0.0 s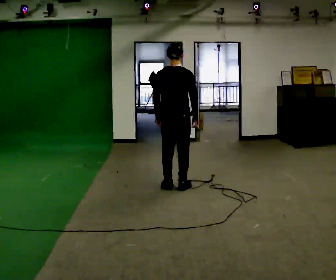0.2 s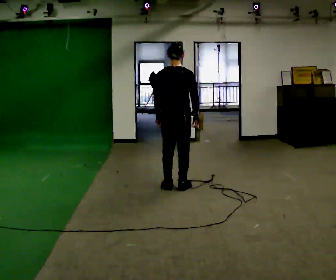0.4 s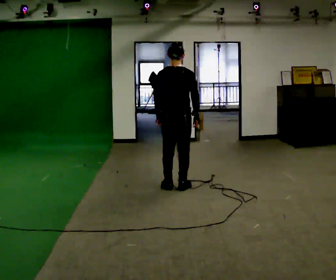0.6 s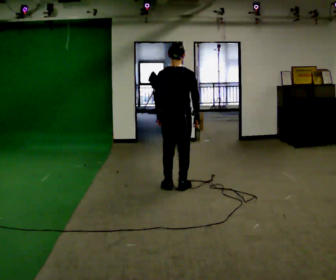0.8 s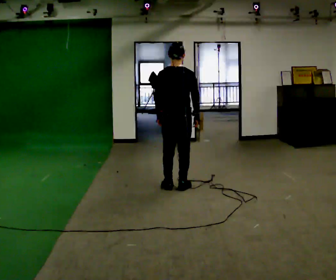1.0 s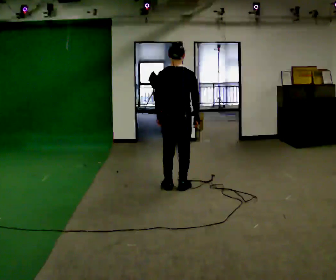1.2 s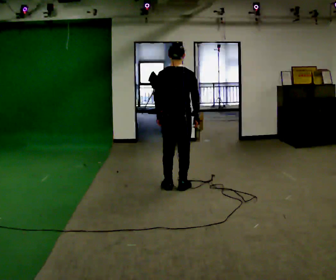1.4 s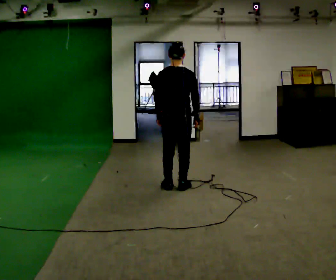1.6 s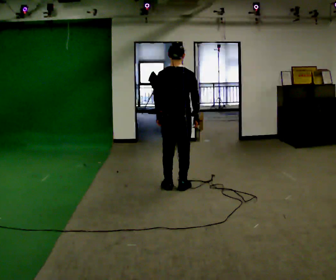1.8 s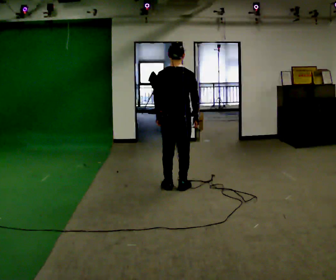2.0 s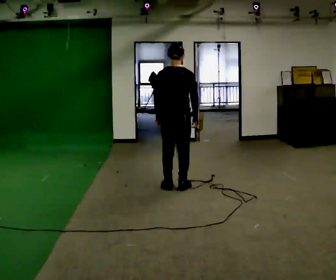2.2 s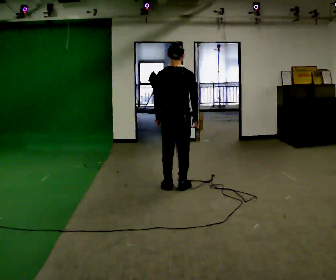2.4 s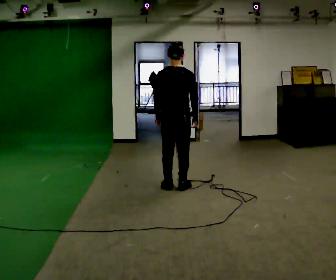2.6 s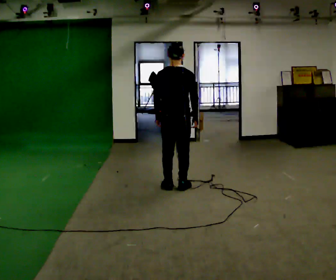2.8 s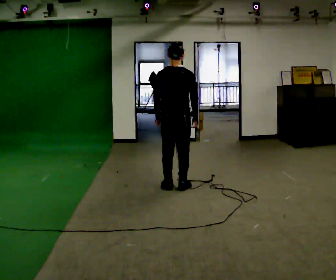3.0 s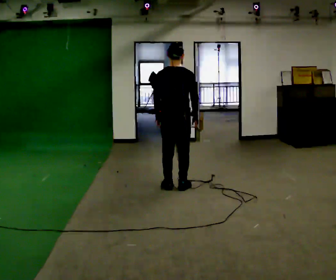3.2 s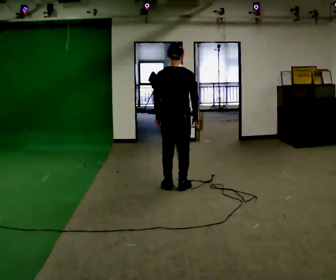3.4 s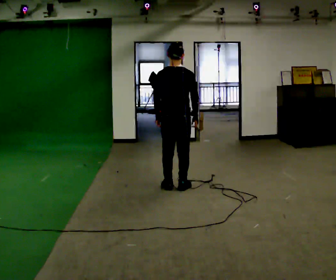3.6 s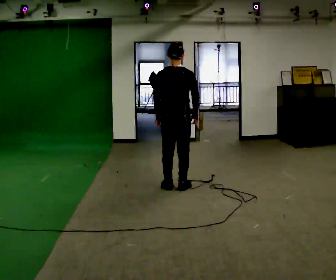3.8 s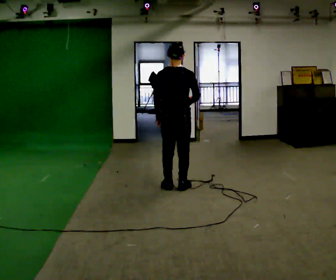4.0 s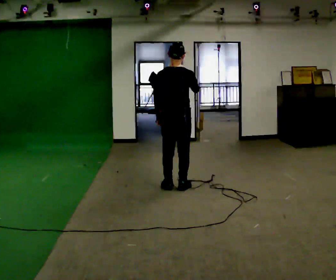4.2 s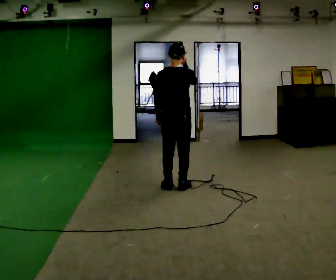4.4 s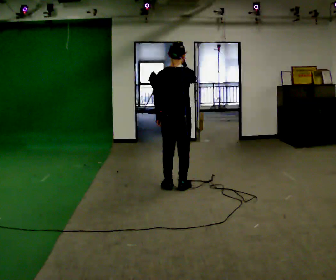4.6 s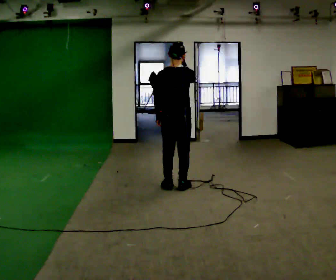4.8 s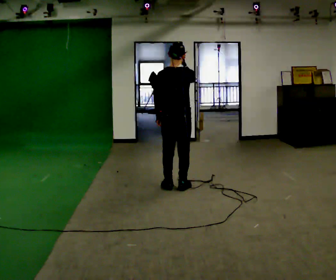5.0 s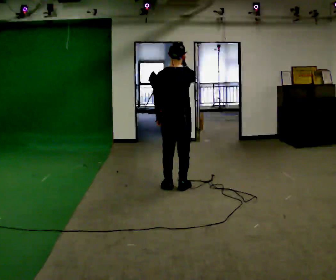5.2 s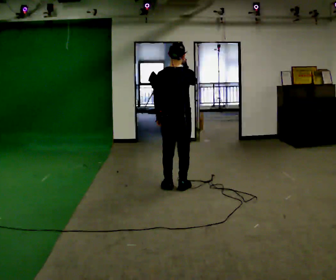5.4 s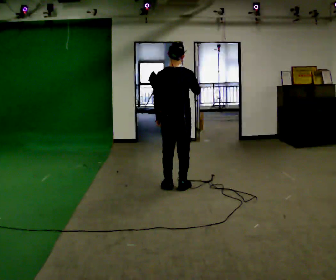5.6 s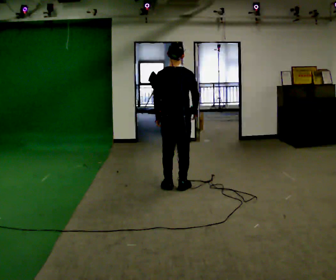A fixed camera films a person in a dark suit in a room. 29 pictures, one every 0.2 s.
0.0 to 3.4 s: The person moves a little, or ends about where they began.
3.4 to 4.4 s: In the picture their right hand goes upward.
4.4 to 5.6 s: In the picture their right hand goes downward.
The film runs forward here.
